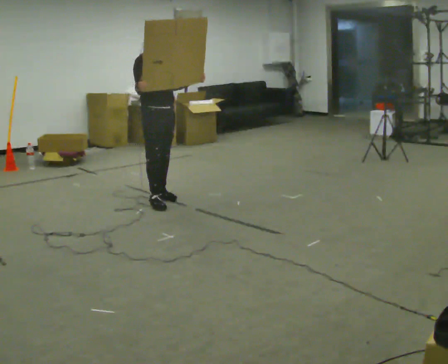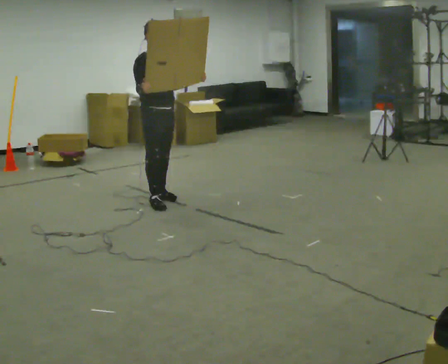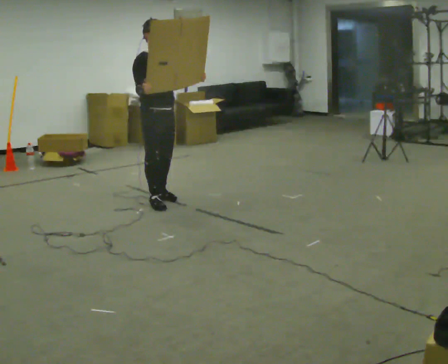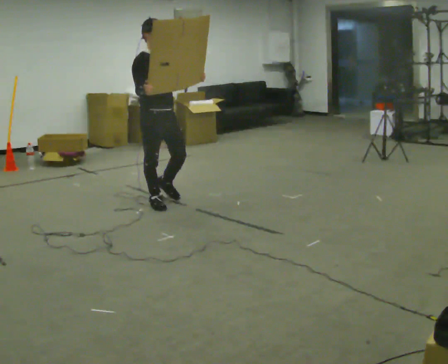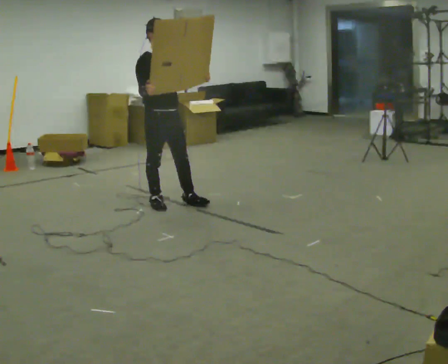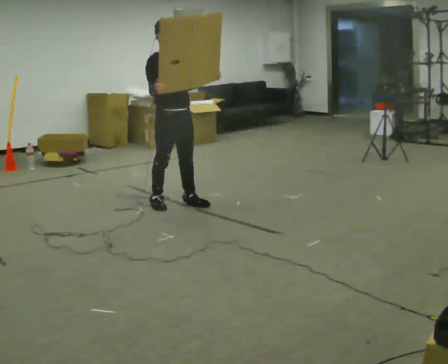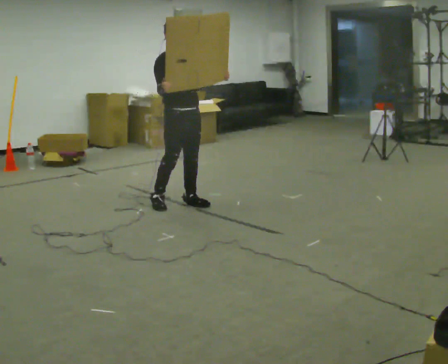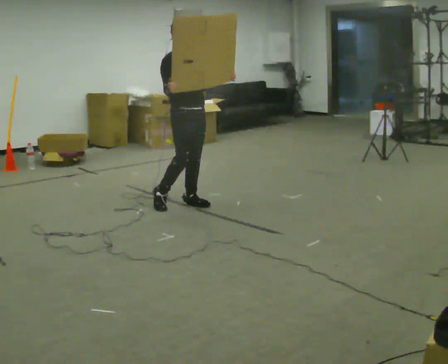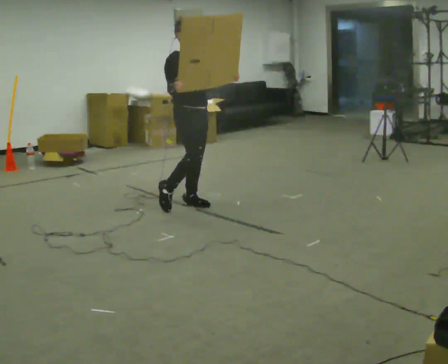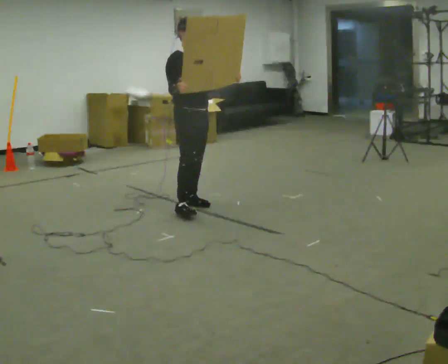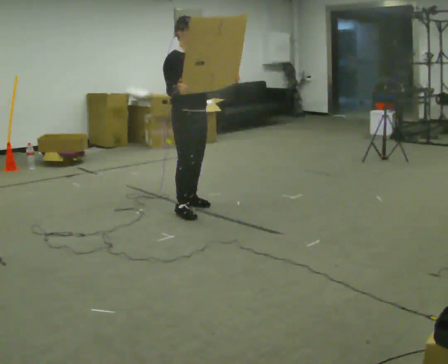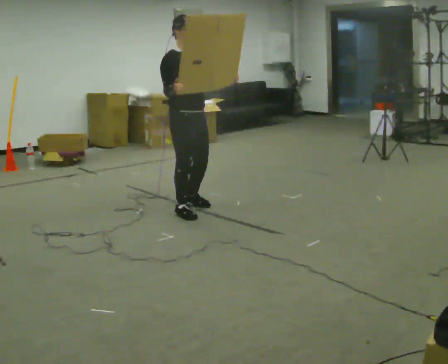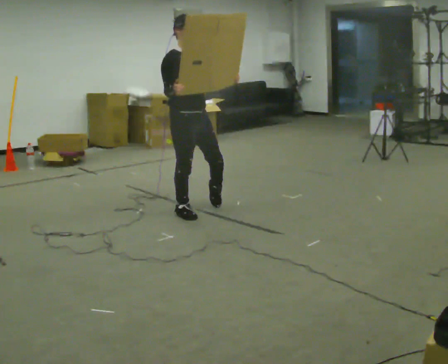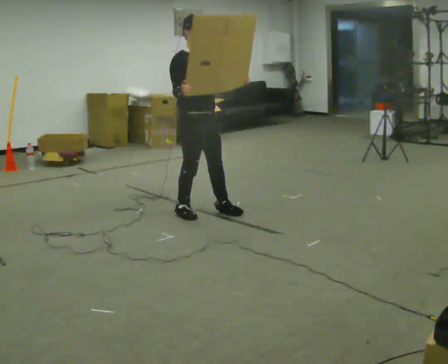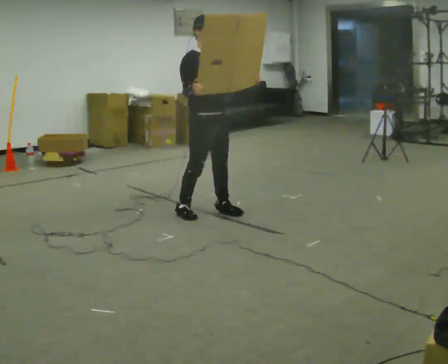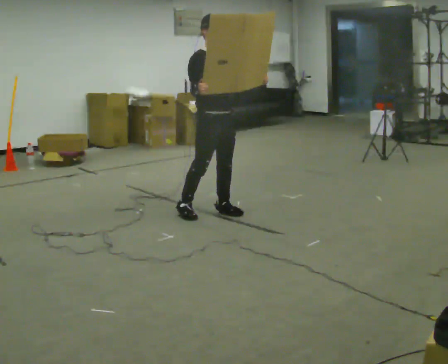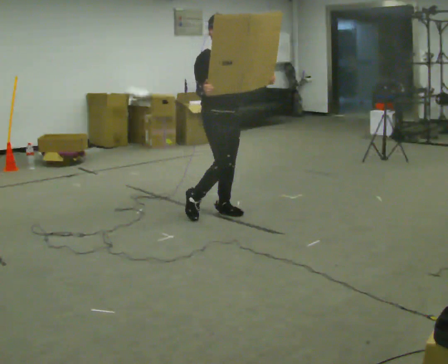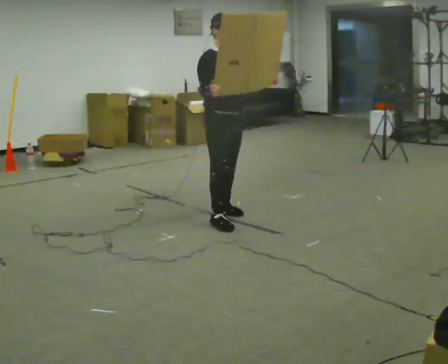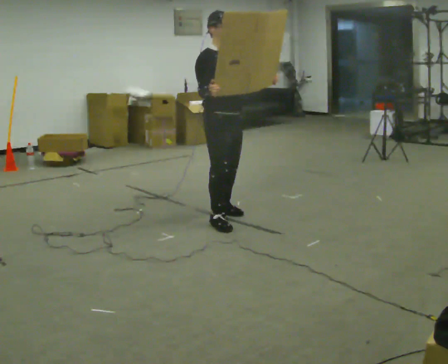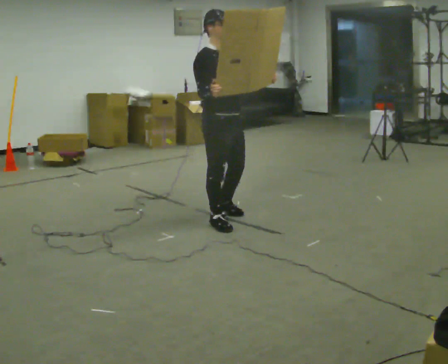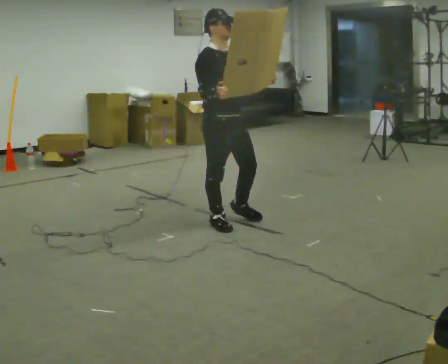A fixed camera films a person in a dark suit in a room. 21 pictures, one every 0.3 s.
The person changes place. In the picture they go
toward the camera.
0.0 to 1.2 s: In the picture they go toward the camera, about 0.25 m in 1 step, which for them is forward.
1.2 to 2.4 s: In the picture they go to the right, about 0.25 m, which for them is to their left and forward.
2.4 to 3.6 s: In the picture they go toward the camera, about 0.25 m in 1 step, which for them is to their right and forward.
3.6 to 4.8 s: In the picture they go to the right, about 0.25 m in 1 step, which for them is forward and to their left.
4.8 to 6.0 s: In the picture they go toward the camera, about 0.25 m in 1 step, which for them is forward and to their right.
The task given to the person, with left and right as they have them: Carry the large light object across the room, back and forth. It is awkward rather than heavy, so hold it however works.
The film runs forward here.
